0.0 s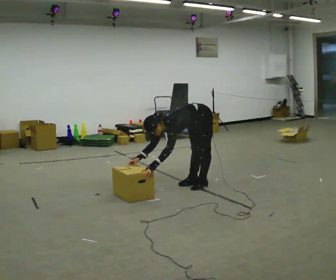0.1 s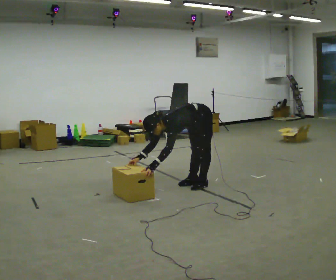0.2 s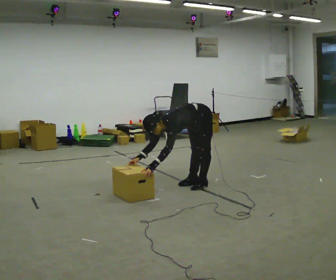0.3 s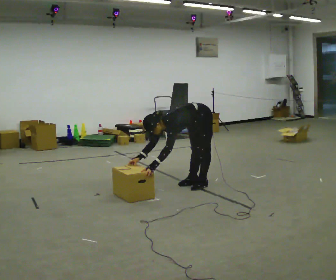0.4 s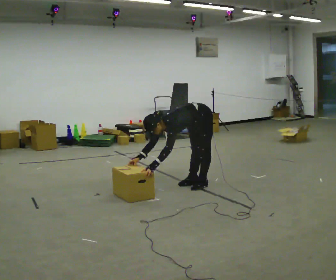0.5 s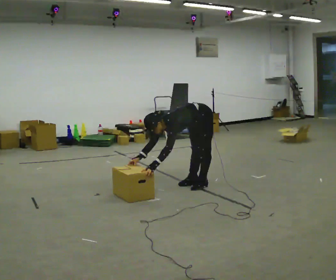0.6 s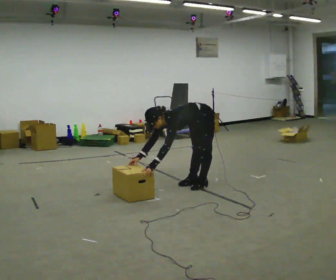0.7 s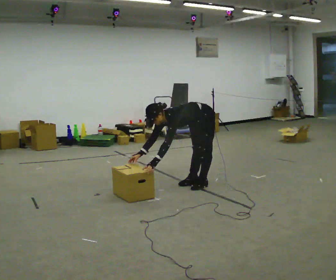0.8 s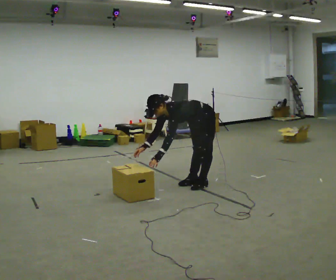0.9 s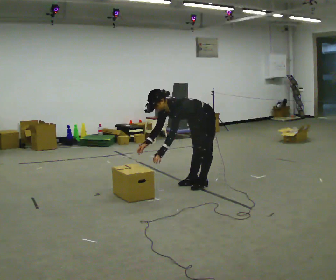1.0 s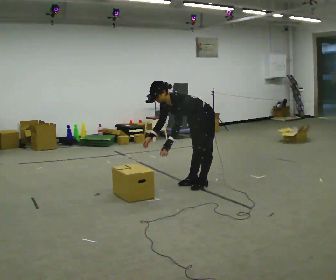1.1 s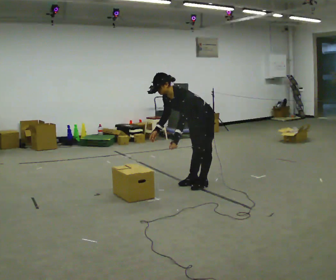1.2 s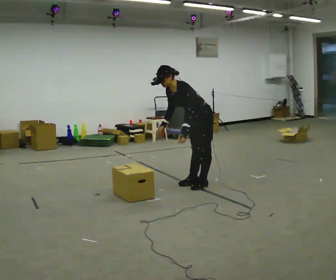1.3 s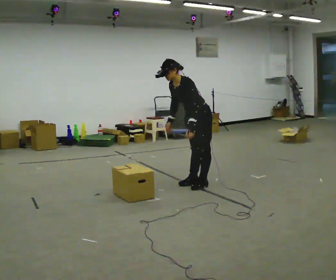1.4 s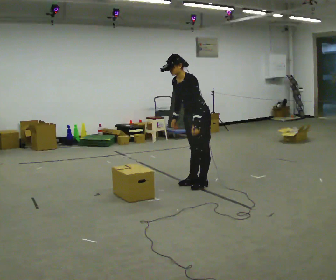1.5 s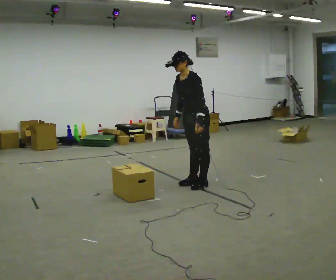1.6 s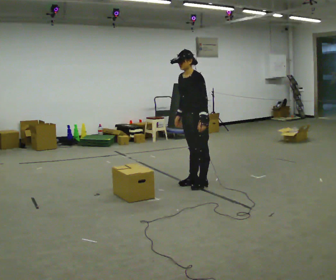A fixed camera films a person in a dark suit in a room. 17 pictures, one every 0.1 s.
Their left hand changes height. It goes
upward.
The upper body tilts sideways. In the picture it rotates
clockwise.
0.0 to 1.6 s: The shoulders move upward. In the picture the upper body tilts clockwise, shoulders to the right, as they lean back or straighten. In the picture their right hand goes upward and to the right.
The film runs backward here.
